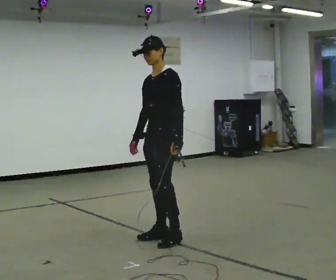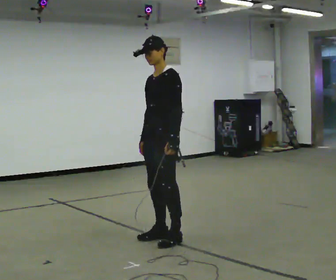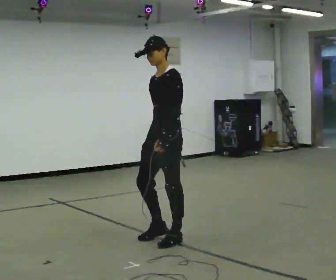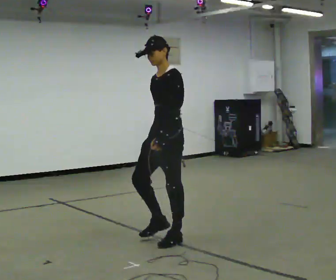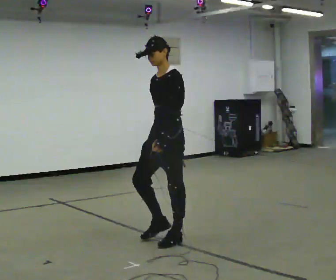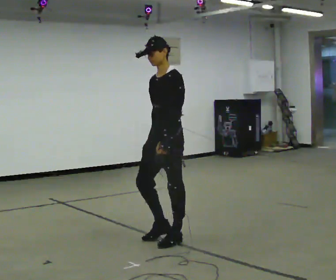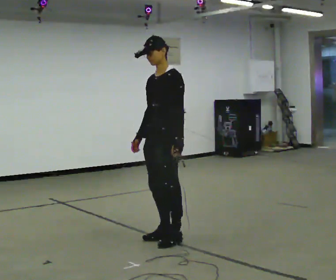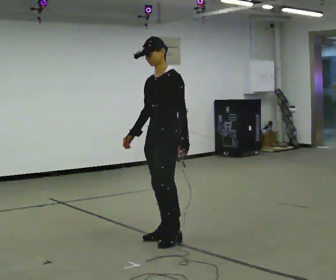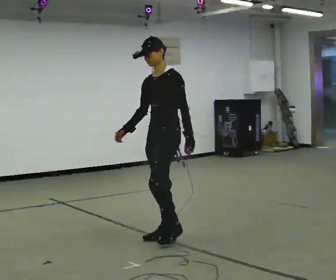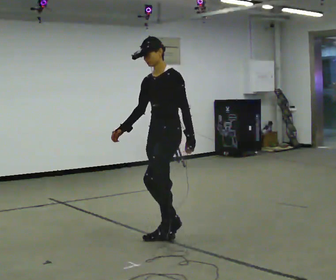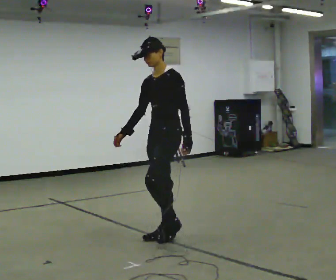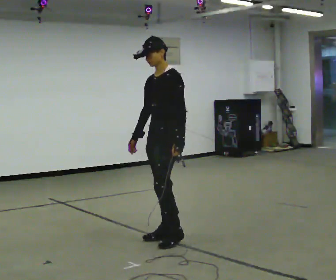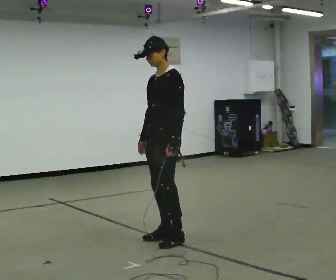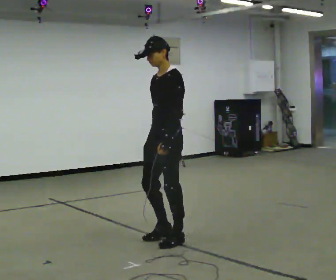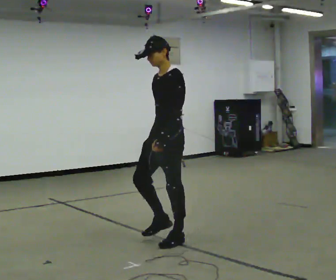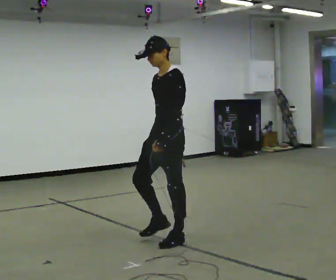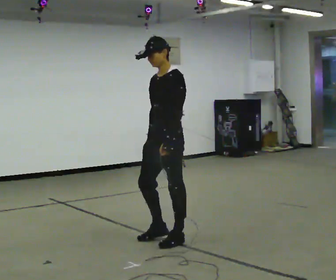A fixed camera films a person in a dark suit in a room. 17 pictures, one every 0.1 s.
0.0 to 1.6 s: The person moves a little, or ends about where they began.
The film runs backward here.
